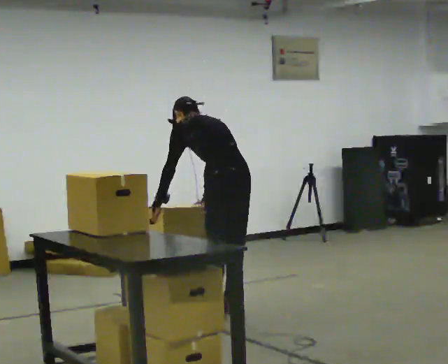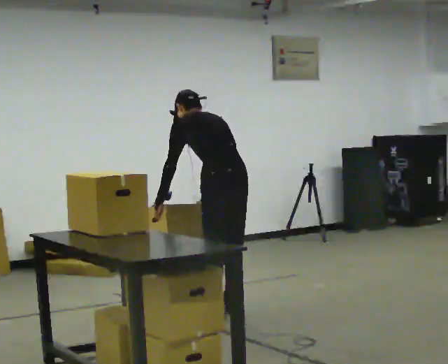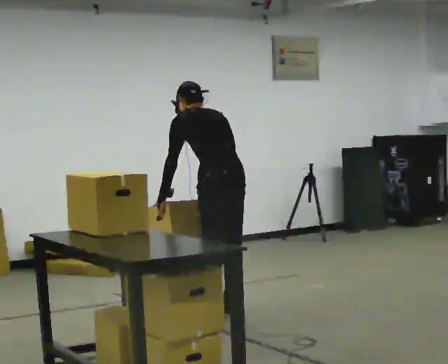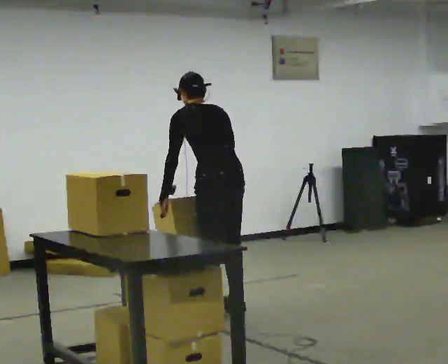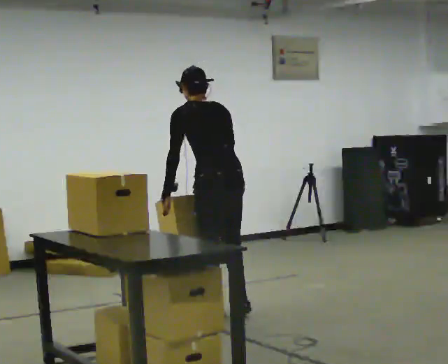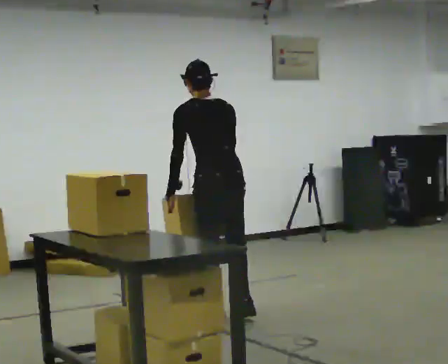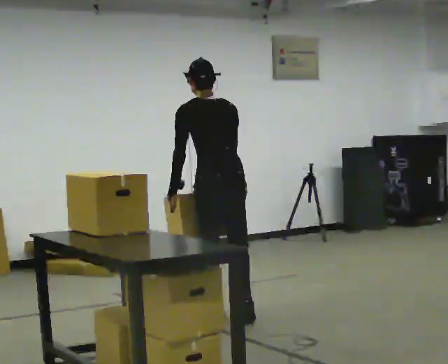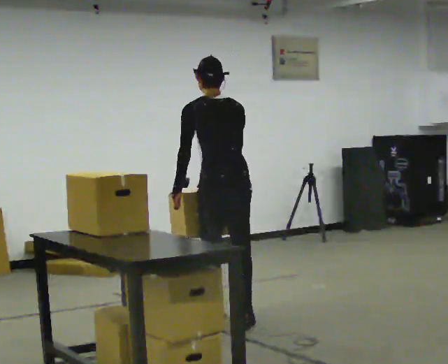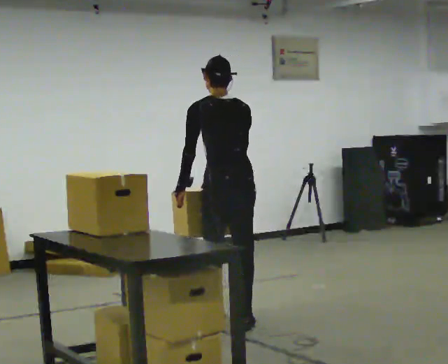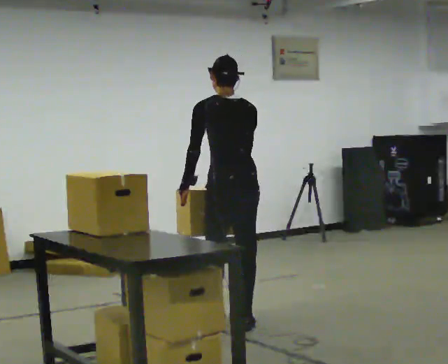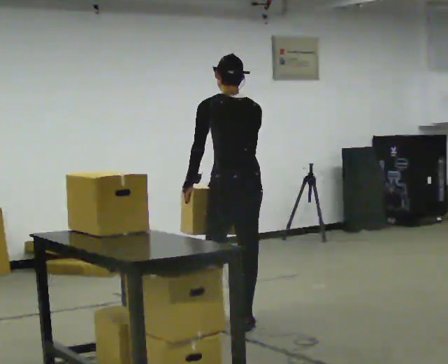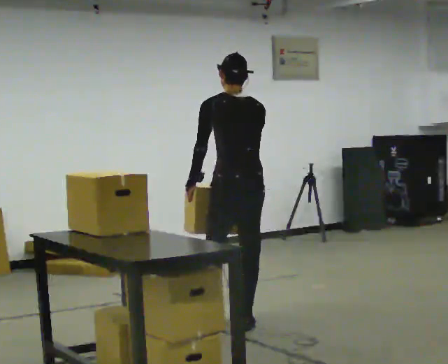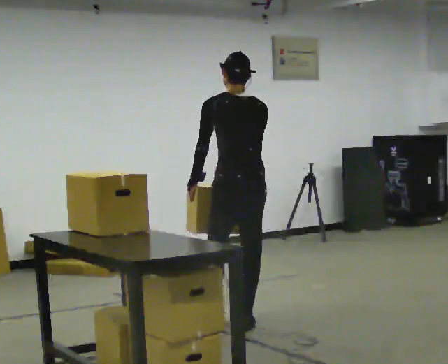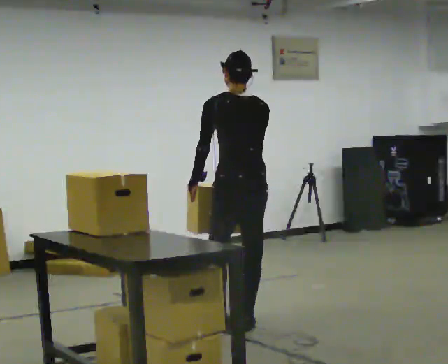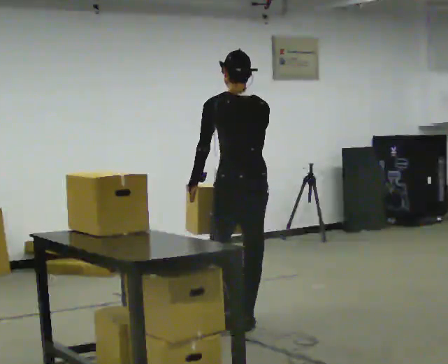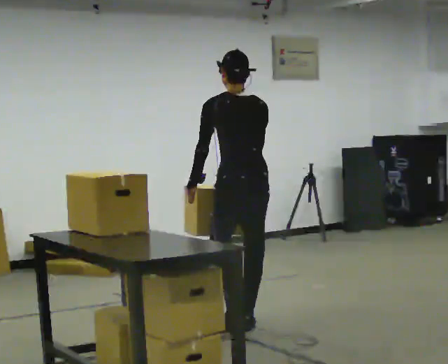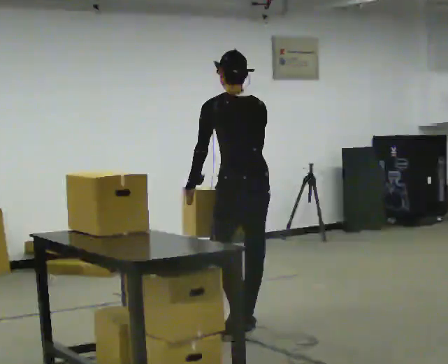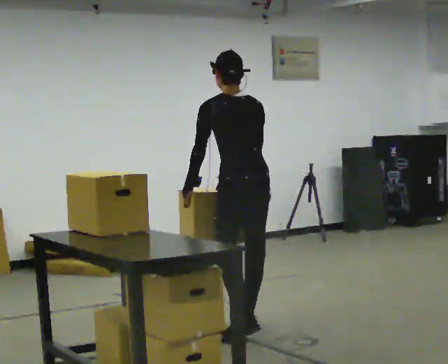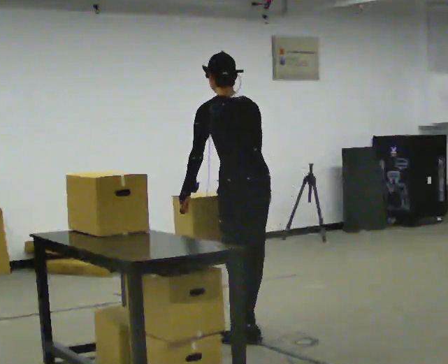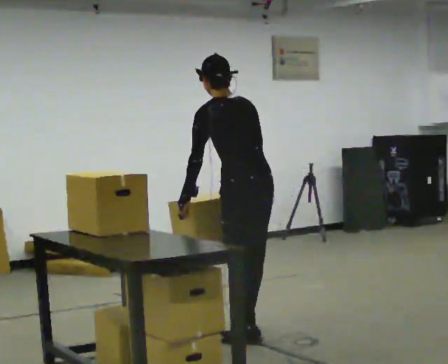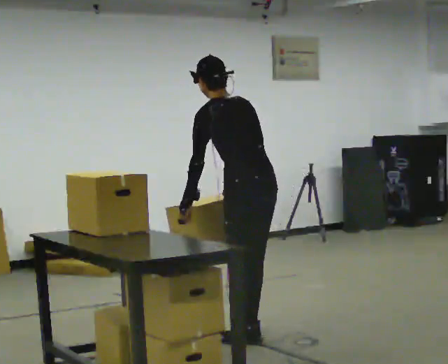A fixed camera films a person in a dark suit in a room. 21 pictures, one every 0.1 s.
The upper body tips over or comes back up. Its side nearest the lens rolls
downward.
0.0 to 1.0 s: In the picture they go toward the camera, about 0.25 m in 1 step, which for them is backward. In the picture the upper body tilts clockwise, shoulders to the right, as they lean back or straighten.
1.0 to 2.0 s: In the picture they go toward the camera, about 0.25 m in 2 steps, which for them is backward. In the picture the upper body tilts counterclockwise, shoulders to the left.
The film runs backward here.
